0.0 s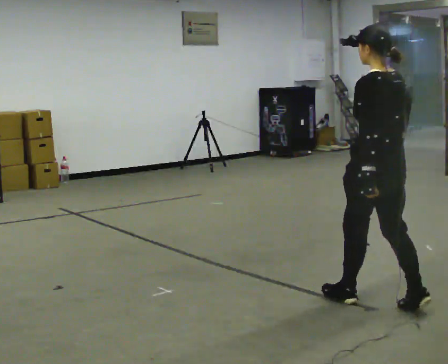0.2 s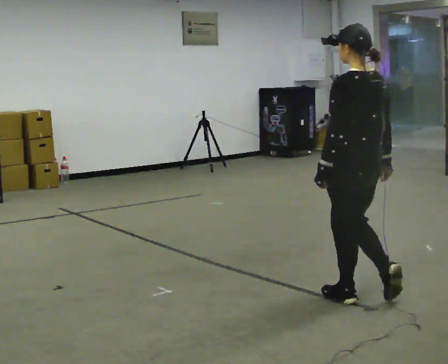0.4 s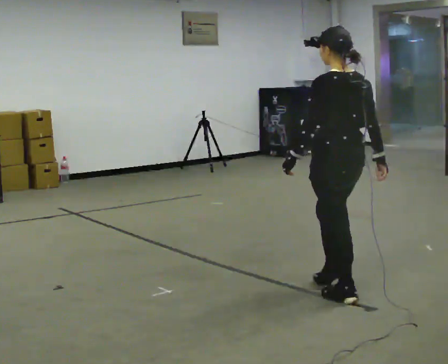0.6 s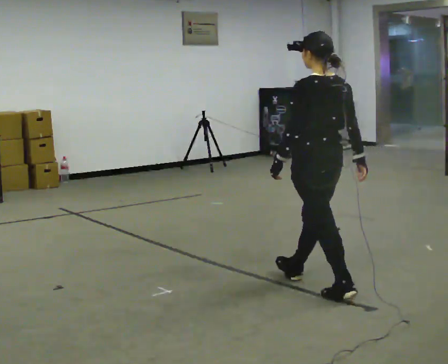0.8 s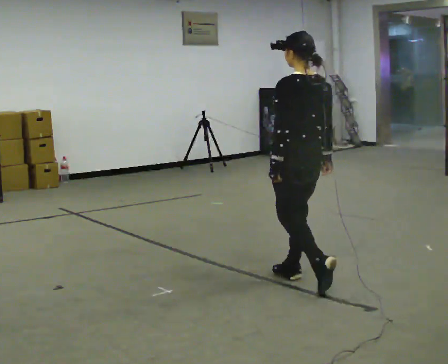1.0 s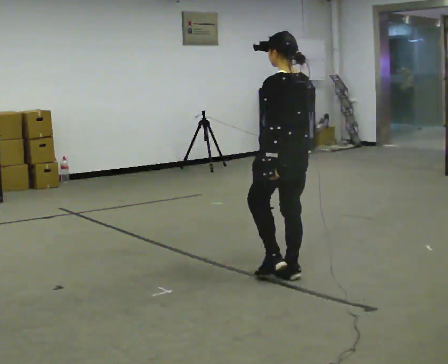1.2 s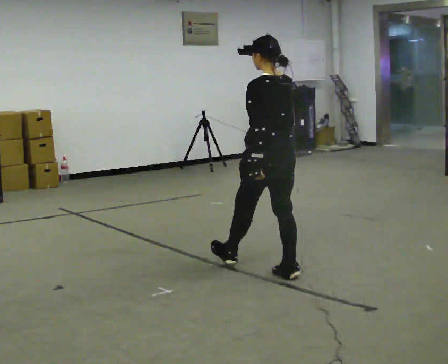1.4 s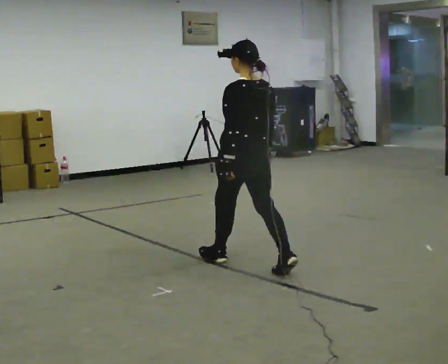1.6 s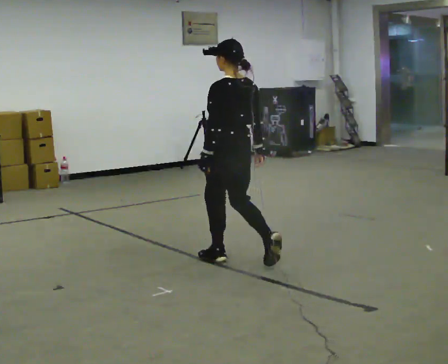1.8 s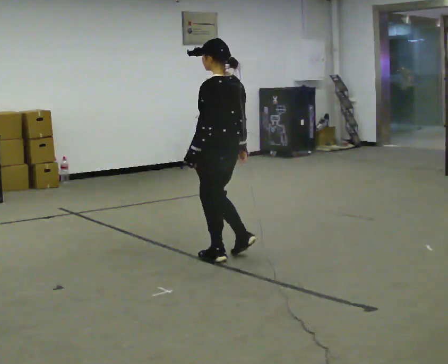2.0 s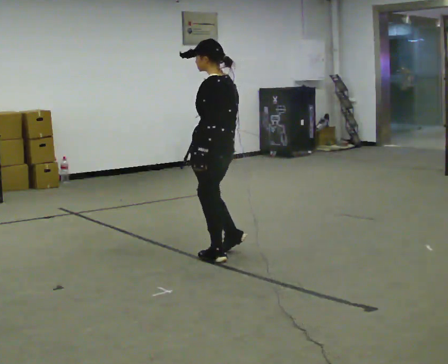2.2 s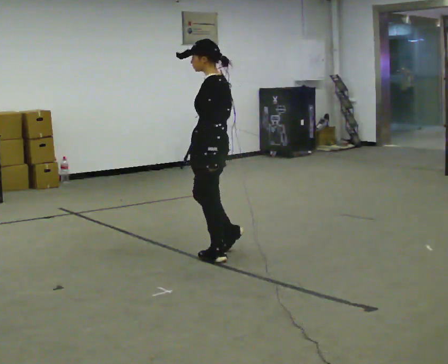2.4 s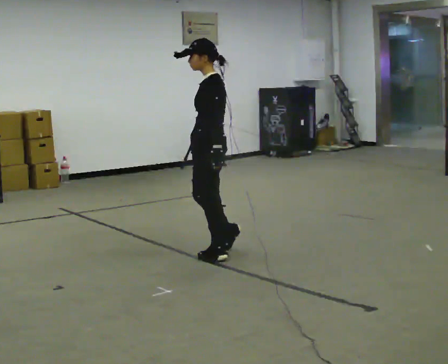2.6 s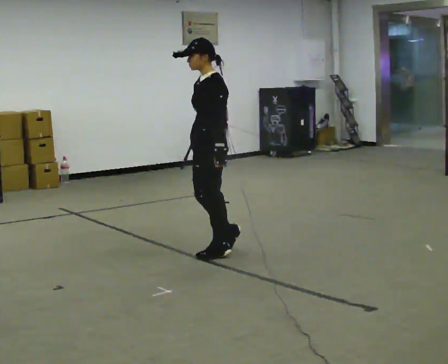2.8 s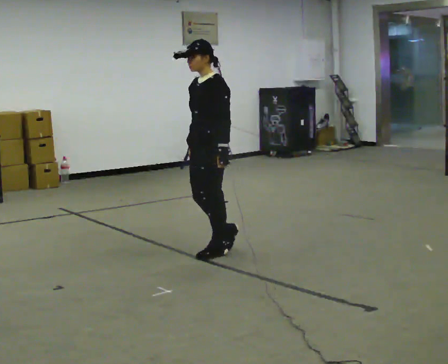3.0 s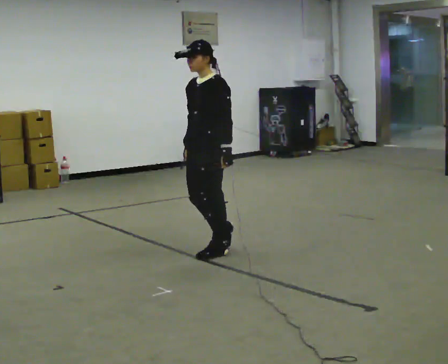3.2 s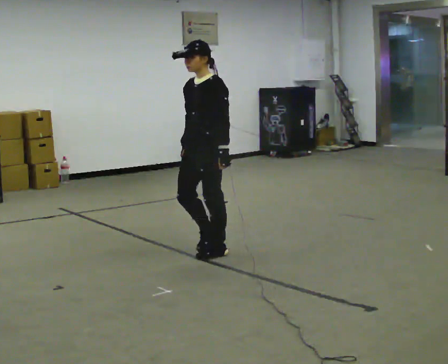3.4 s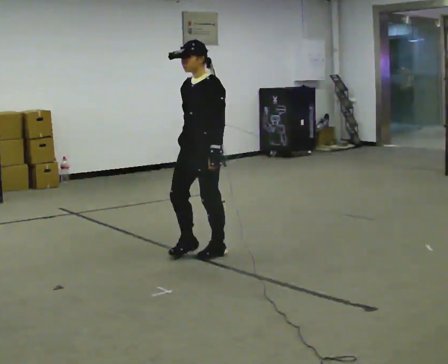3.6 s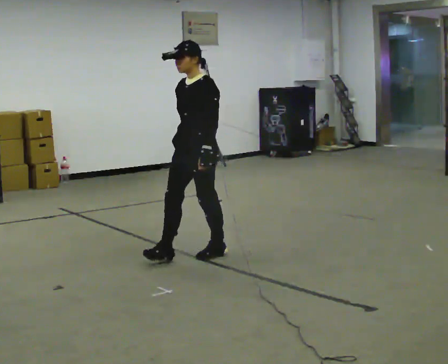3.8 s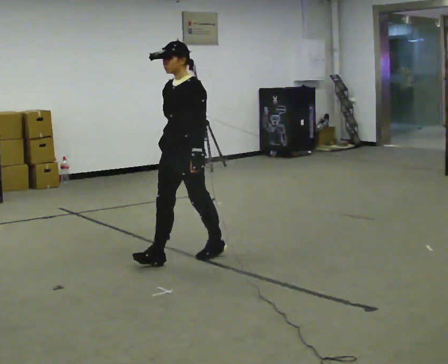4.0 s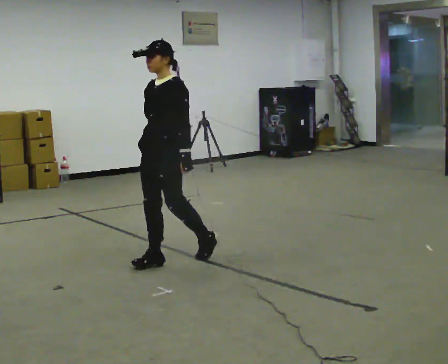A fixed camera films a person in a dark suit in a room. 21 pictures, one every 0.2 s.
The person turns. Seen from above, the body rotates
counterclockwise.
The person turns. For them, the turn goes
to their left.
0.0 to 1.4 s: In the picture they go away from the camera and to the left, about 1 m in 2 steps, which for them is forward.
1.4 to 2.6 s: The part of the body nearest the lens slides to the right as the person turns to their left by about 75 degrees. In the picture they go away from the camera and to the left, about 0.5 m in 1 step.
2.6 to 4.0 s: In the picture they go to the left and toward the camera, about 0.25 m in 2 steps, which for them is forward.
The film runs forward here.
